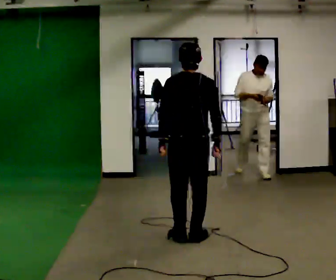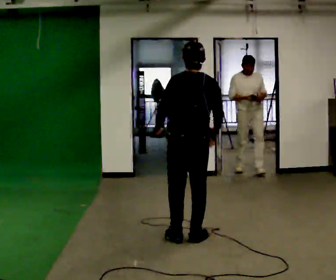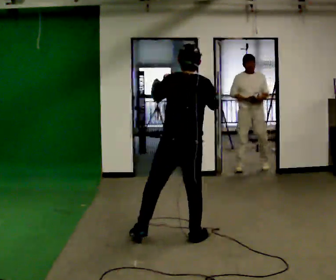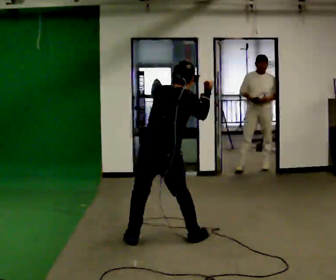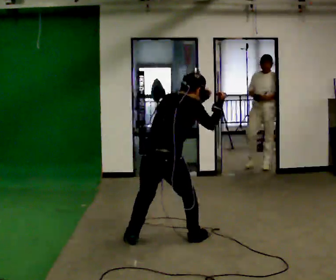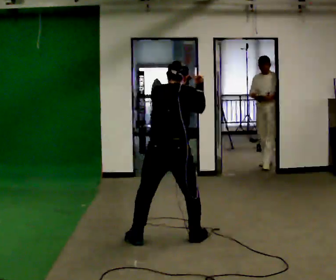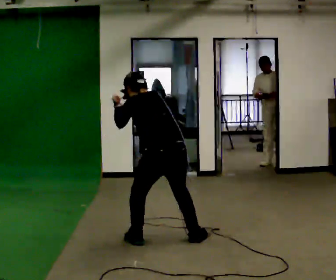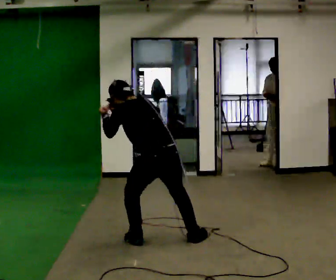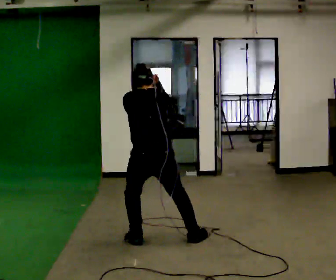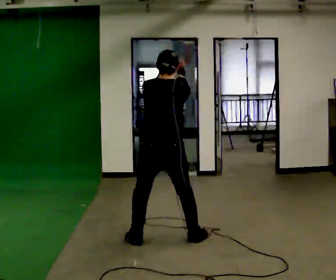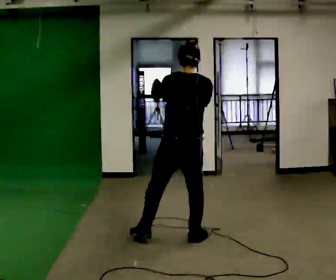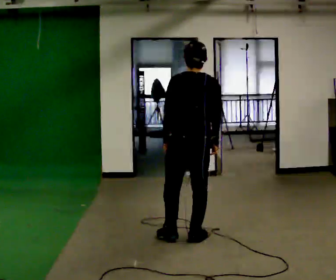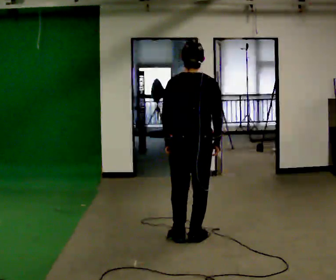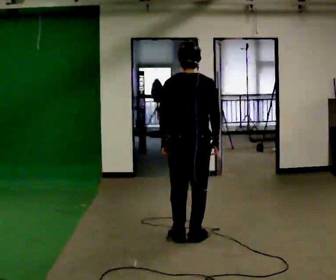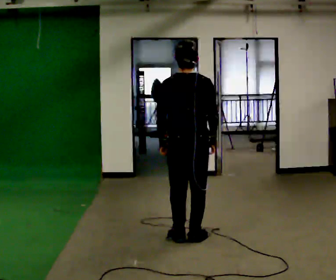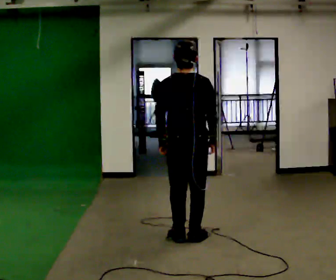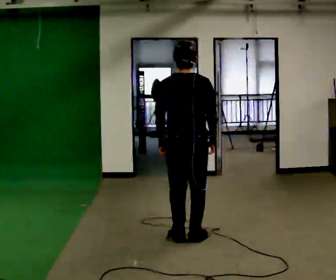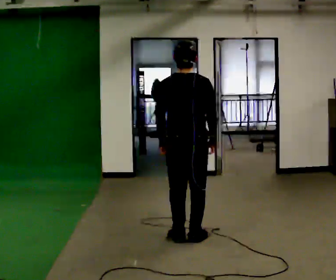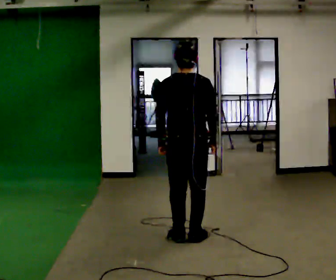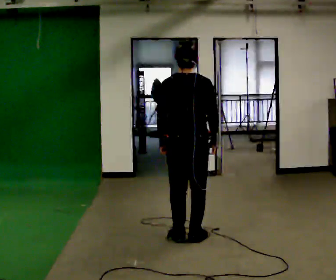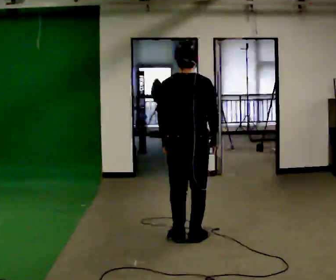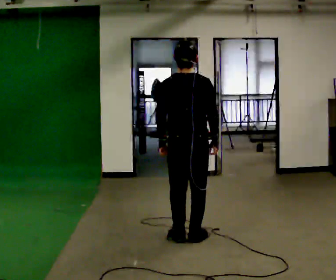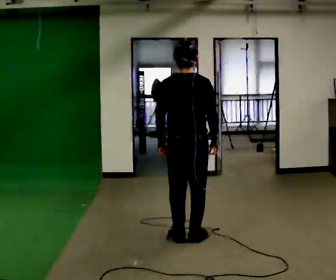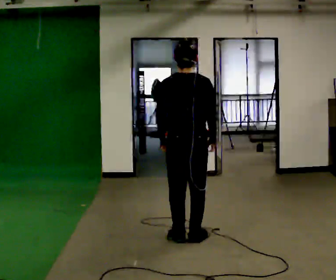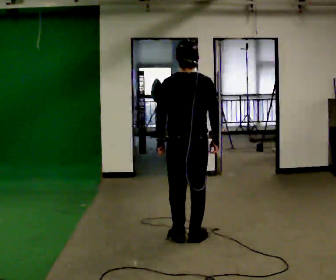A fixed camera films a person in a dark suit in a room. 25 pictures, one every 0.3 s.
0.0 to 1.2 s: Seen from above the body turns clockwise, about 30 degrees: to their right, with its near side sliding to the left. In the picture they go to the left, about 0.25 m in 1 step, which for them is to their left. The upper body goes downward. In the picture the upper body tilts clockwise, shoulders to the right, as they bend forward. In the picture their left hand goes upward.
1.2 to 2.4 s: The person turns about 45 degrees to their left, counterclockwise seen from above, so the part of the body nearest the lens slides to the right. In the picture their right hand goes to the left.
2.4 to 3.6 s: In the picture they go to the right and away from the camera, about 0.25 m in 1 step, which for them is to their right. The shoulders move upward. The upper body tips toward the camera, its near side rolling downward, as they lean back or straighten. In the picture their right hand goes downward.
3.6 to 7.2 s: The person moves a little, or ends about where they began.
The film runs backward here.
